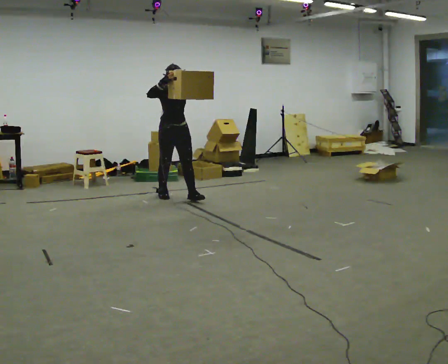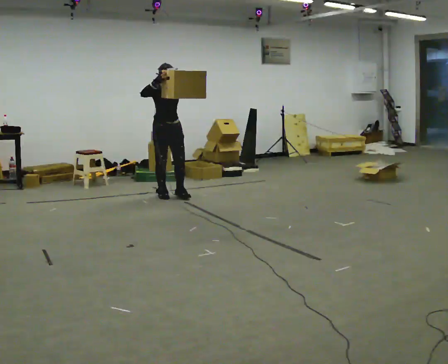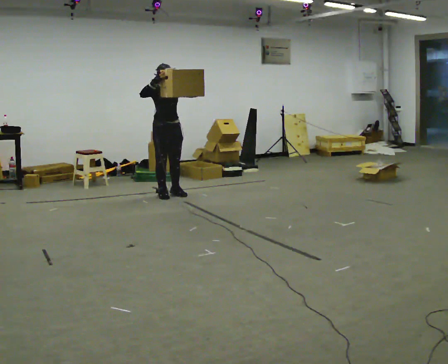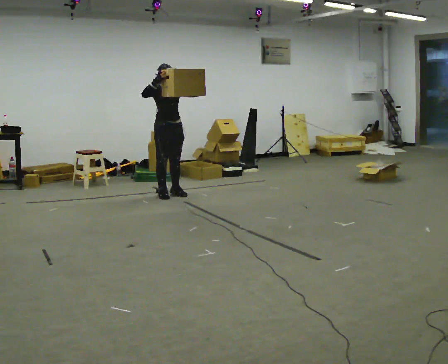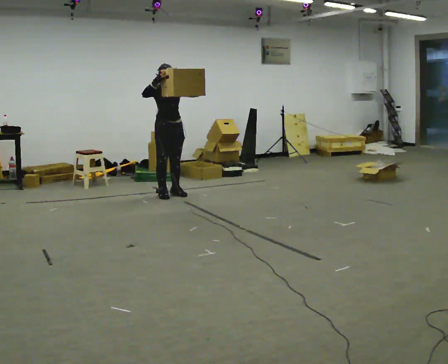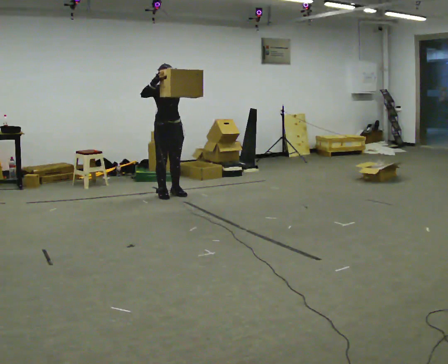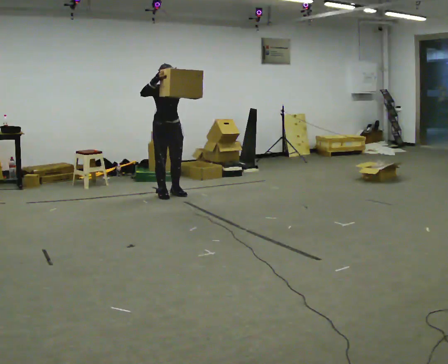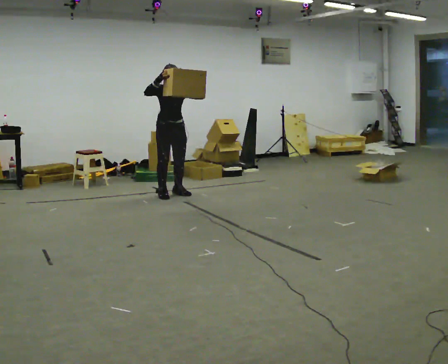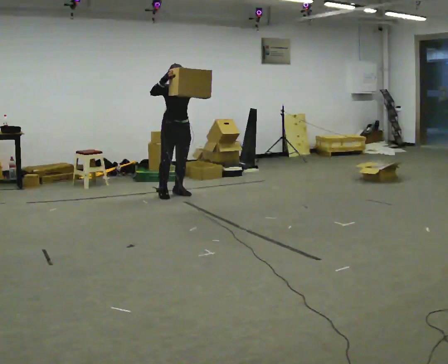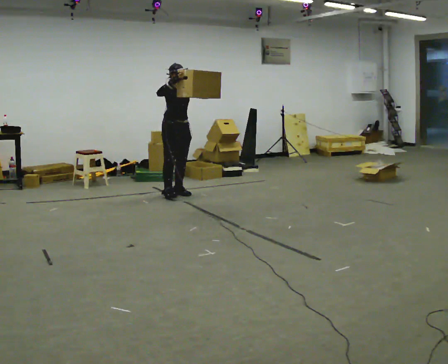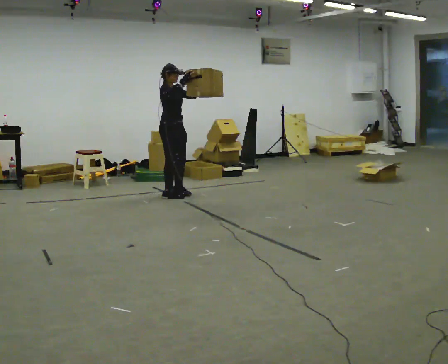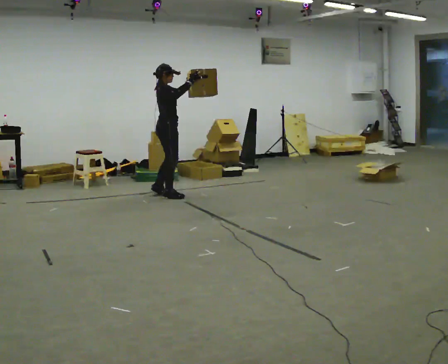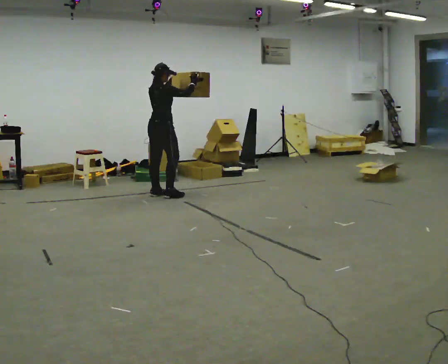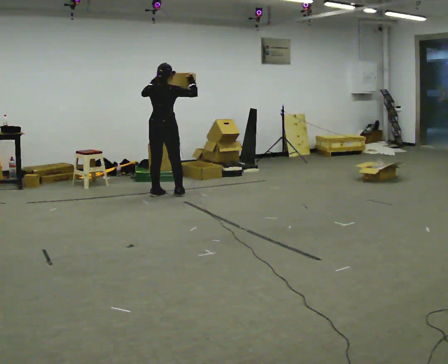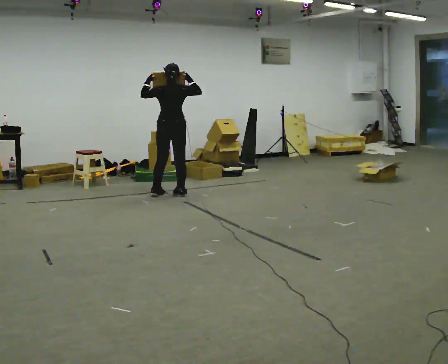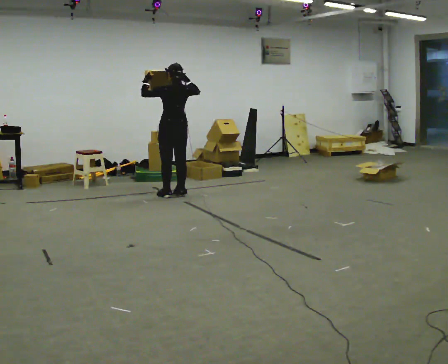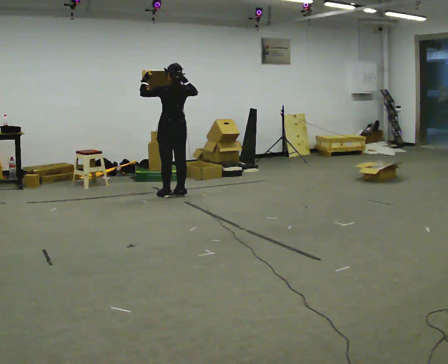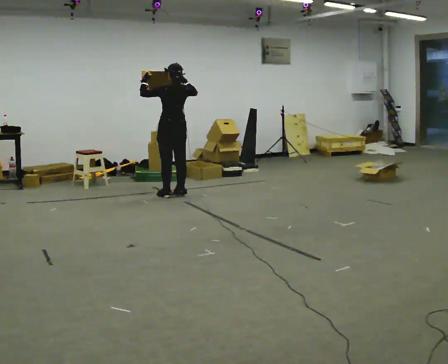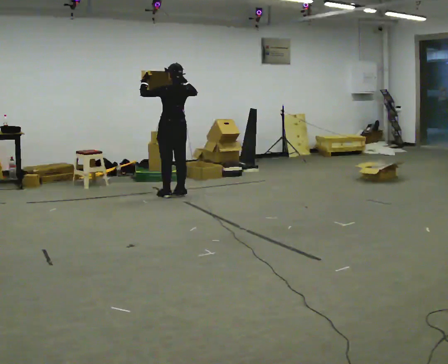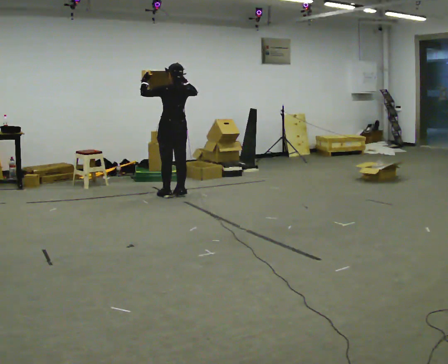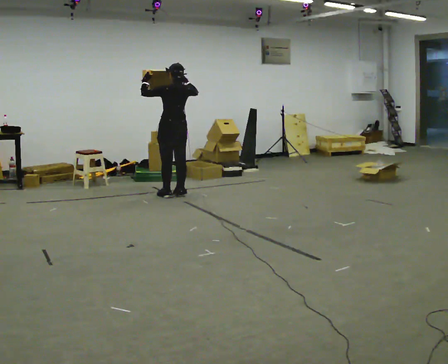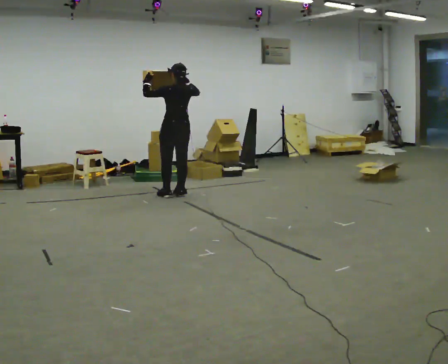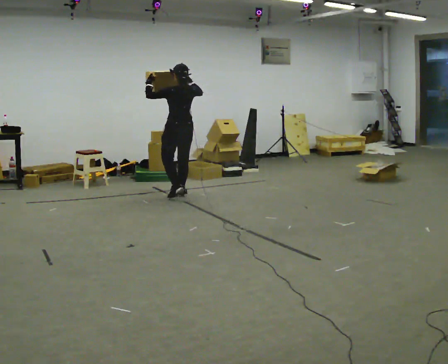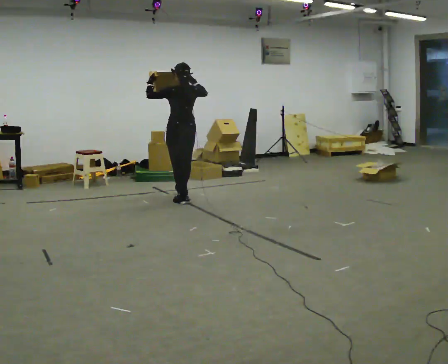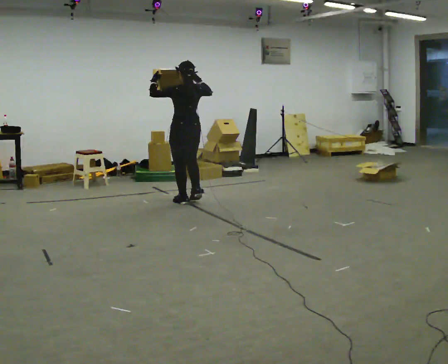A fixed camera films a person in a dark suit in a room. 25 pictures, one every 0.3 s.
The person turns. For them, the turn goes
to their left.
The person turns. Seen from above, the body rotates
counterclockwise.
0.0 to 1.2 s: In the picture they go away from the camera, about 0.25 m in 1 step, which for them is backward.
1.2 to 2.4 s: The person moves a little, or ends about where they began.
2.4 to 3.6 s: The part of the body nearest the lens slides to the right as the person turns to their left by about 105 degrees. In the picture they go to the left, about 0.25 m in 1 step. In the picture their left hand goes to the left.
3.6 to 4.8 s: The part of the body nearest the lens slides to the right as the person turns to their left by about 75 degrees. In the picture their left hand goes to the left.
4.8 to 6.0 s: The person keeps their place and pose.
6.0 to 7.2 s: In the picture they go toward the camera, about 0.5 m in 2 steps, which for them is backward.
The film runs backward here.
